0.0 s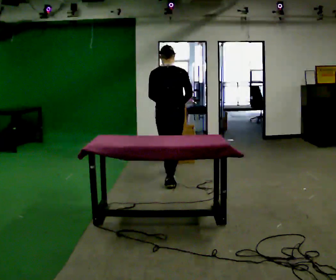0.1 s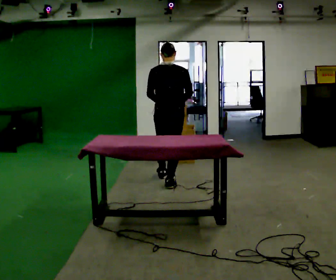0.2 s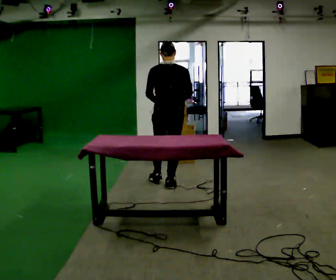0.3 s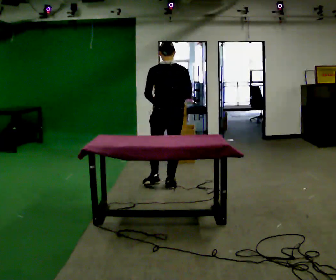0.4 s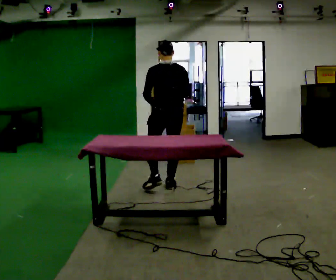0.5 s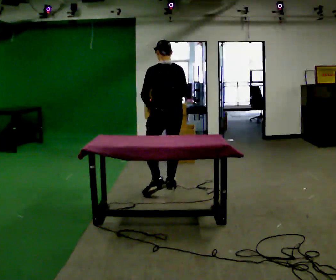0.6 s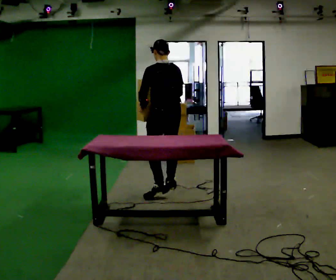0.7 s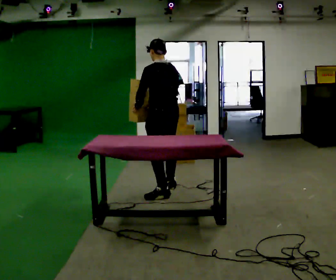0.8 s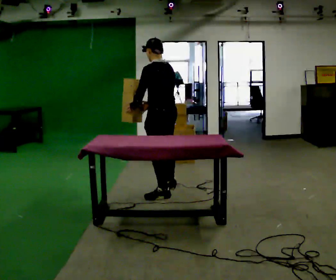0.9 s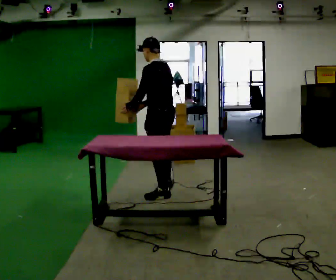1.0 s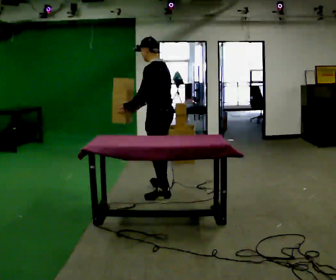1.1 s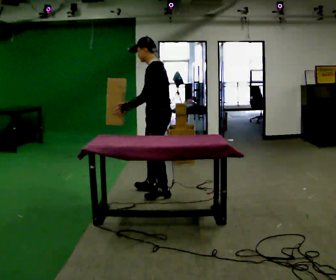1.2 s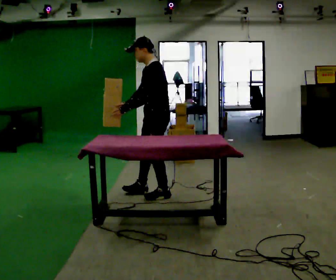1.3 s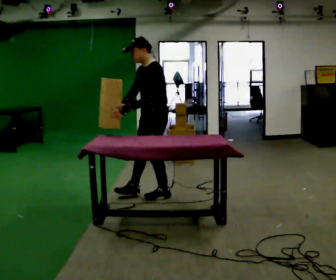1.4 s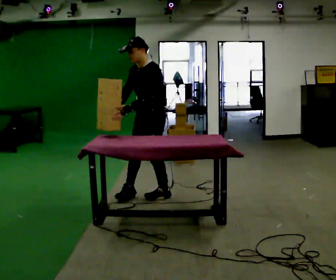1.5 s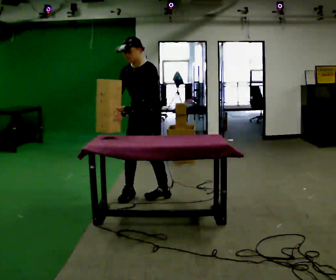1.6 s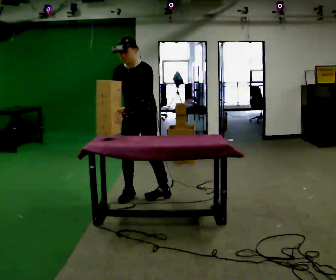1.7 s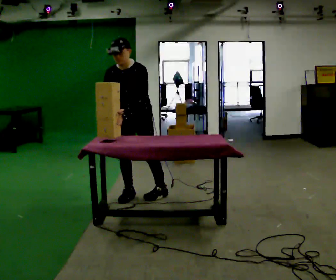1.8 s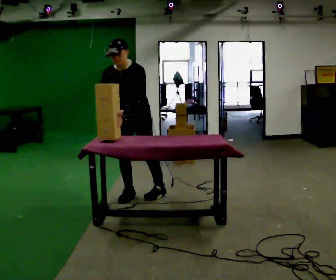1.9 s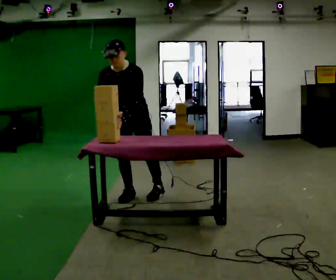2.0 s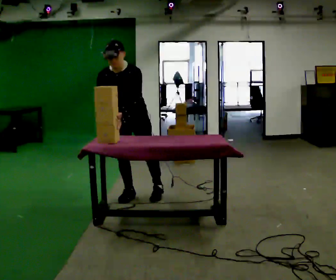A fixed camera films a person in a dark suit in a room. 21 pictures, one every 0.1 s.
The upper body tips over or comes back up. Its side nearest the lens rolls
downward.
The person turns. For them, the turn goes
to their left.
0.0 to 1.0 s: Seen from above the body turns counterclockwise, about 90 degrees: to their left, with its near side sliding to the right. In the picture they go toward the camera, about 0.5 m in 1 step.
1.0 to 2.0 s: The person turns about 105 degrees to their left, counterclockwise seen from above, so the part of the body nearest the lens slides to the right. In the picture they go to the left, about 0.25 m. The upper body tips toward the camera, its near side rolling downward, as they bend forward.
The film runs backward here.
